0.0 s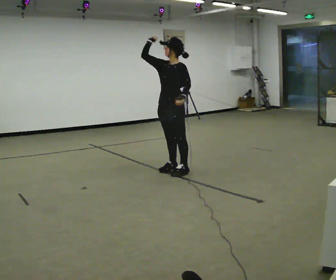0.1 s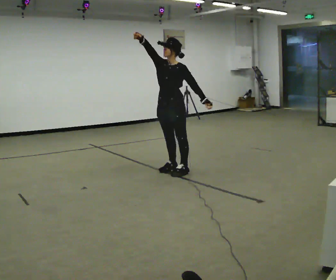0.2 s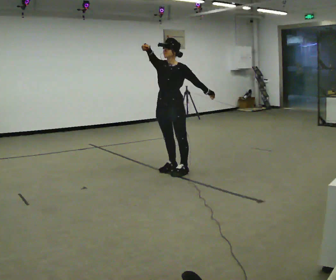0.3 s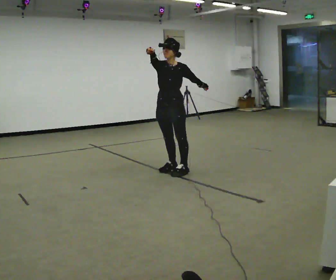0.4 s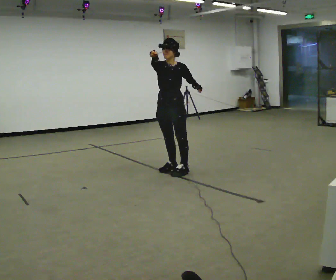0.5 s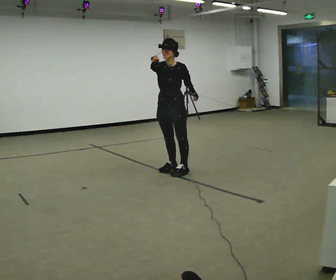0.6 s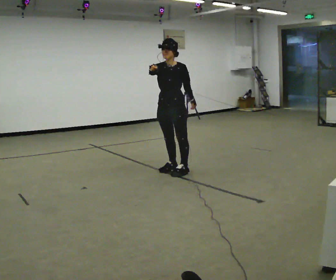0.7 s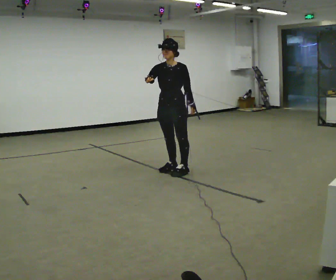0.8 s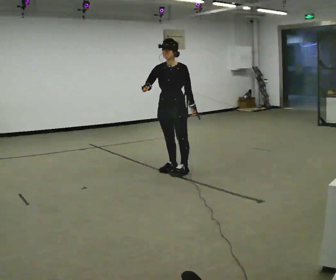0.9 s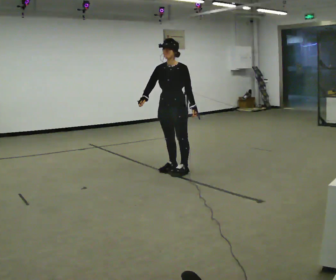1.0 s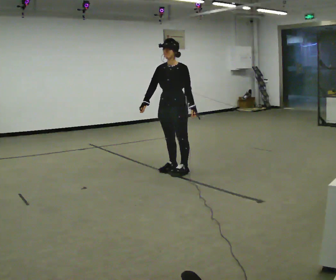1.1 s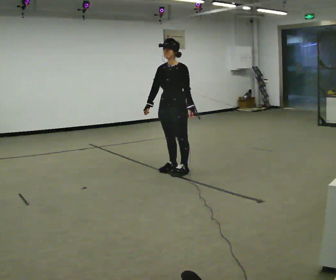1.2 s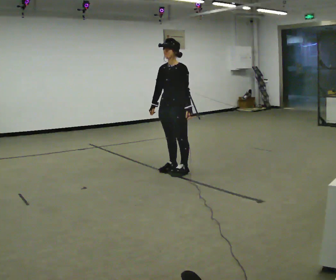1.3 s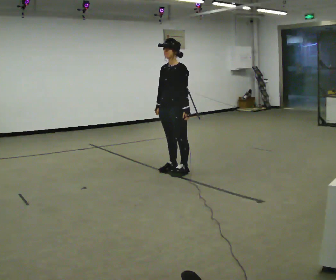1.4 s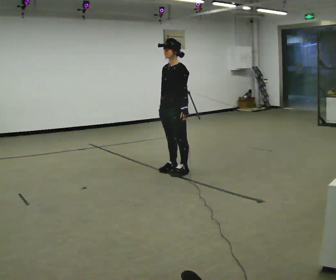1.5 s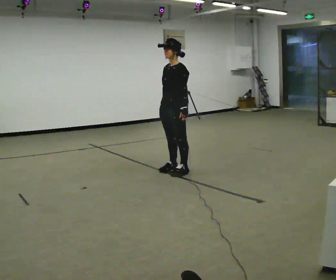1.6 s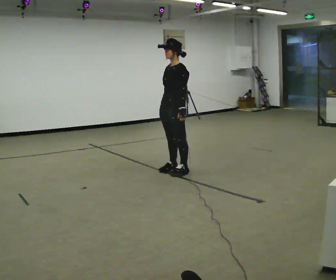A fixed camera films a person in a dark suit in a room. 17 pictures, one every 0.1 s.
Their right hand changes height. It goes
downward.
0.0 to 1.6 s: In the picture their right hand goes downward.
The film runs forward here.
